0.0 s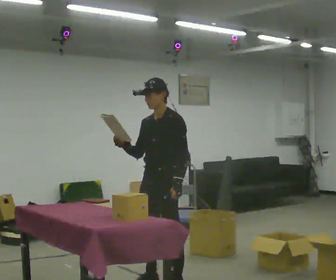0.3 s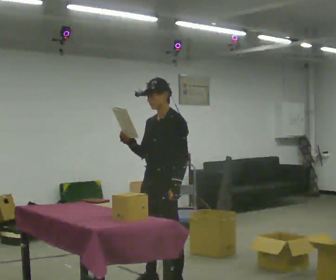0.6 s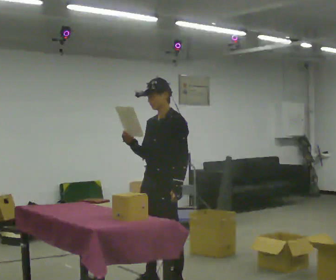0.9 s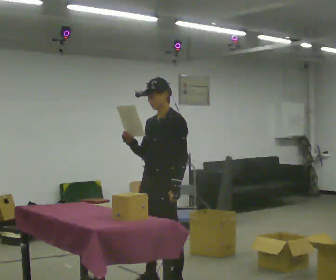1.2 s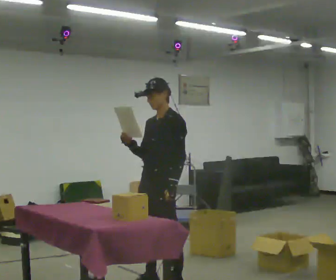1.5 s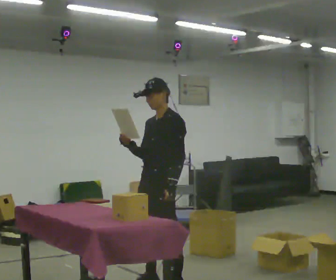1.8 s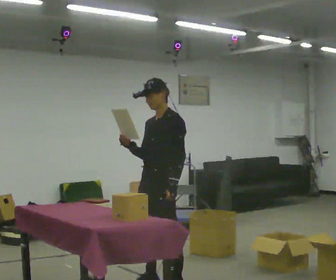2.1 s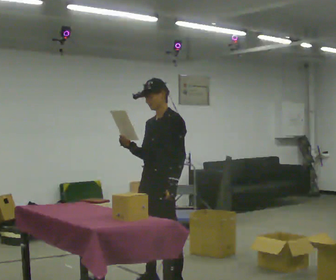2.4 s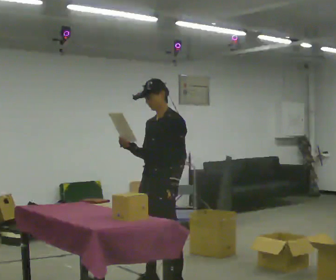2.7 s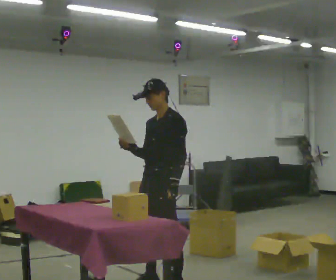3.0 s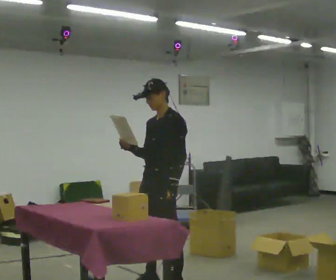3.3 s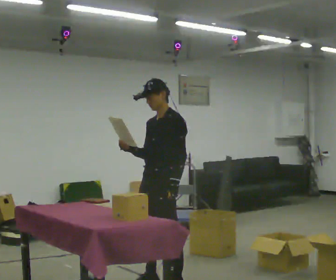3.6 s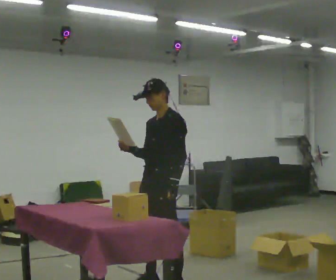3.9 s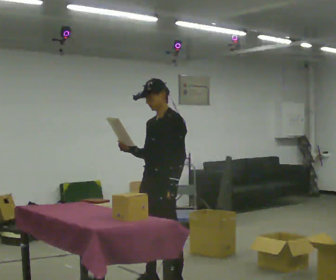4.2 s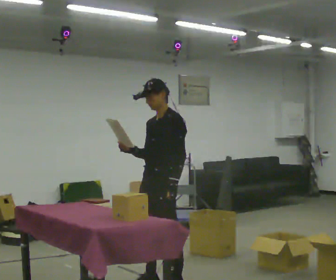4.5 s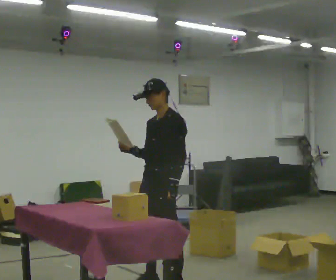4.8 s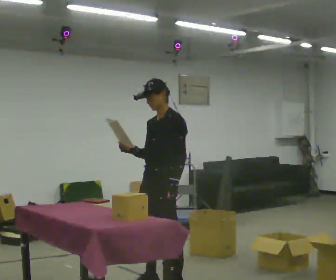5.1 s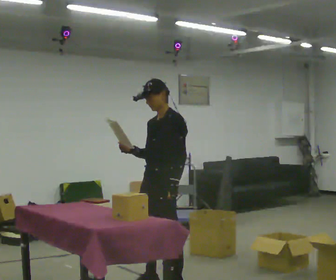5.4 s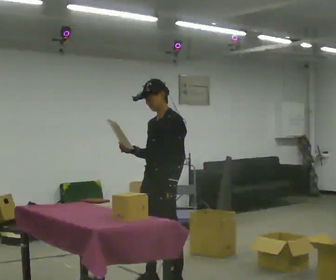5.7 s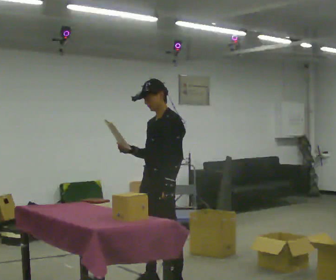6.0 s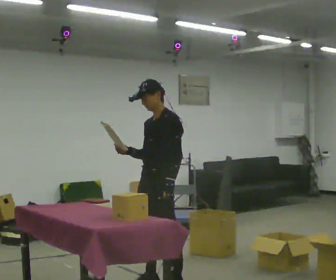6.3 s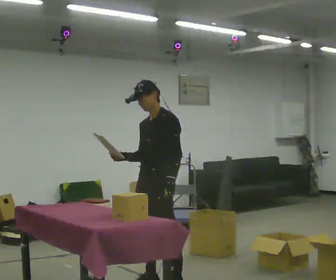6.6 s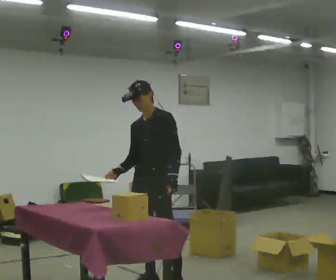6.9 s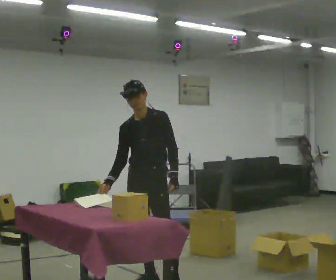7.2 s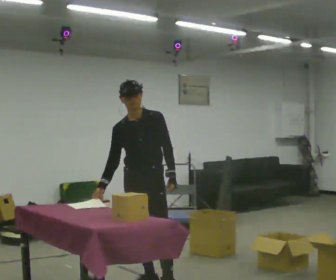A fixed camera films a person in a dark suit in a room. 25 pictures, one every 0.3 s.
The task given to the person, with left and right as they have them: 1. Read the parts list. 2. Collect each part from the bins around the room. 3. Lay them out on the table in the order on the list. 4. Put them all in the carry case. 5. Tell the operator when you are finished.
0.0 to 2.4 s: The person moves a little, or ends about where they began.
2.4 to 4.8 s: The person keeps their place and pose.
4.8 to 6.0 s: The person moves a little, or ends about where they began.
6.0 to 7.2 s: Seen from above the body turns counterclockwise, about 45 degrees: to their left, with its near side sliding to the right. In the picture their right hand goes downward.
The film runs forward here.
